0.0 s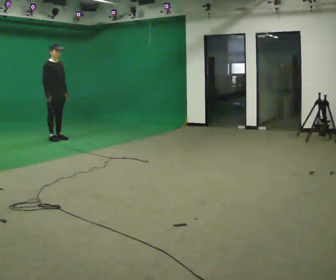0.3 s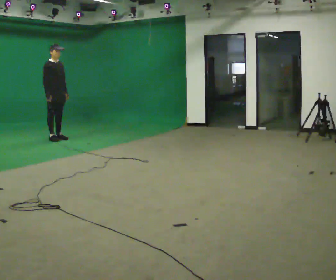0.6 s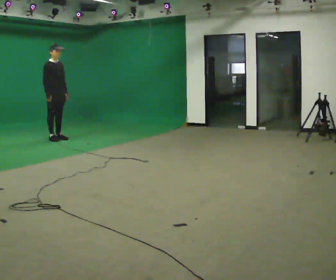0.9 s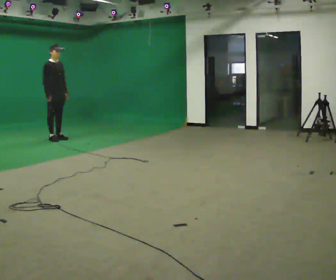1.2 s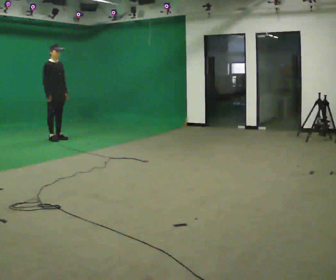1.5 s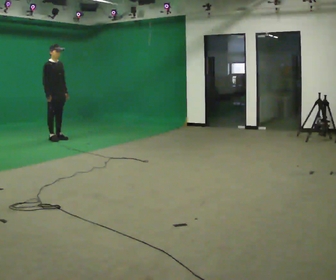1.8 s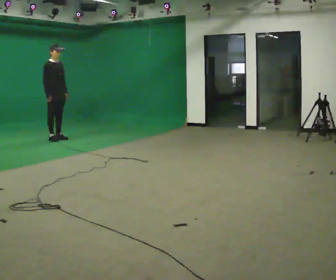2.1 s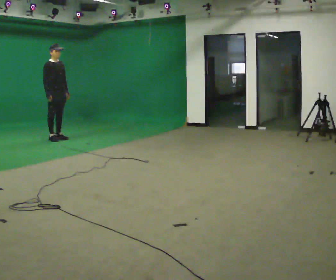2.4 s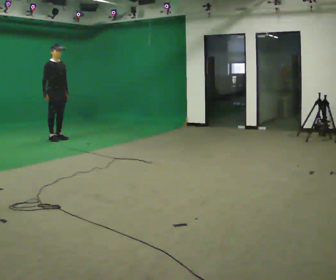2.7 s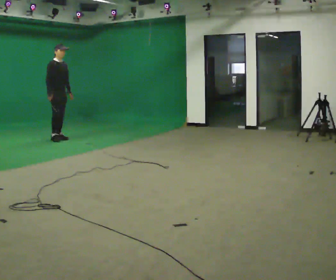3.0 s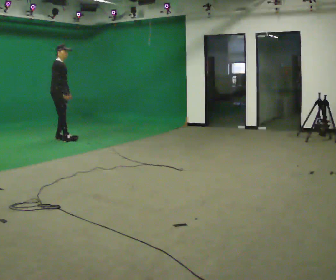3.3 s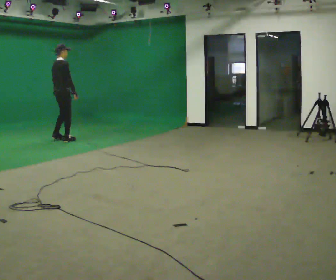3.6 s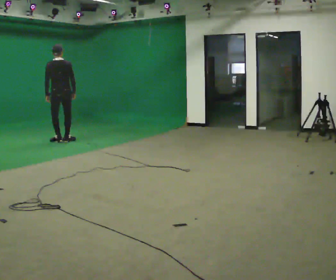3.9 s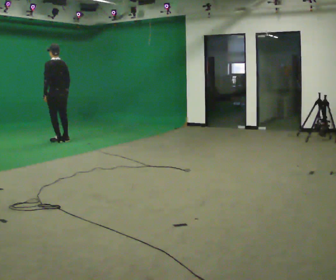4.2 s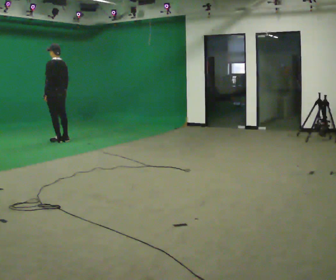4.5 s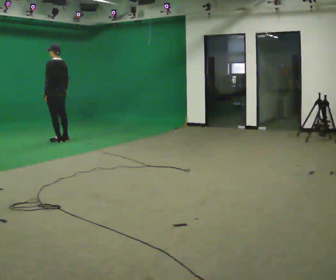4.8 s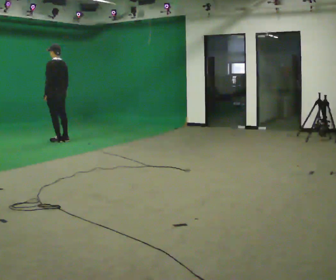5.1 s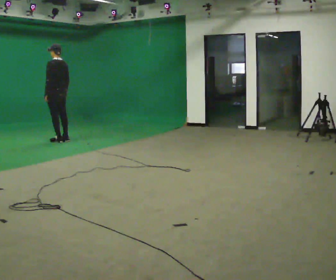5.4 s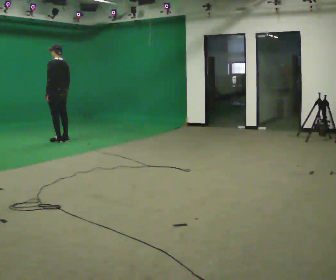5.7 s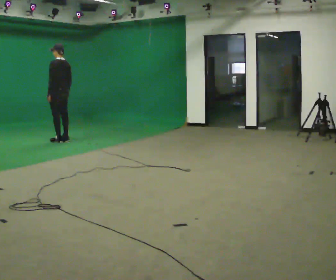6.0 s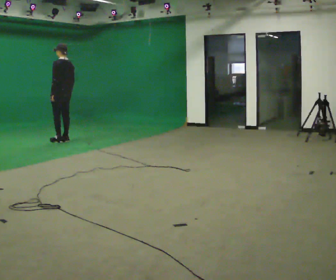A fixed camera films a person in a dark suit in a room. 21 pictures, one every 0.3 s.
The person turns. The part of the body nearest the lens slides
to the right.
The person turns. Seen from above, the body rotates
counterclockwise.
0.0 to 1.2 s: The person keeps their place and pose.
1.2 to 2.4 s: The person moves a little, or ends about where they began.
2.4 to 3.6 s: The person turns about 135 degrees to their left, counterclockwise seen from above, so the part of the body nearest the lens slides to the right. In the picture they go toward the camera, about 0.25 m in 2 steps. In the picture their right hand goes to the right.
3.6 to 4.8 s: The person turns about 45 degrees to their left, counterclockwise seen from above, so the part of the body nearest the lens slides to the right.
4.8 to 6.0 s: The person moves a little, or ends about where they began.
The film runs backward here.
